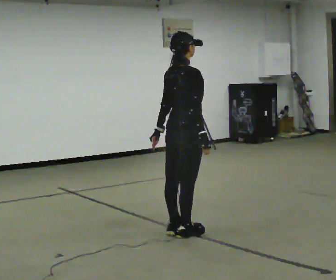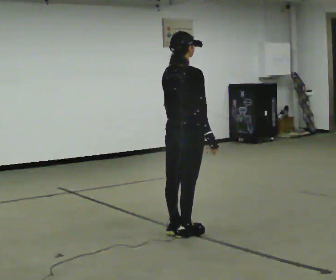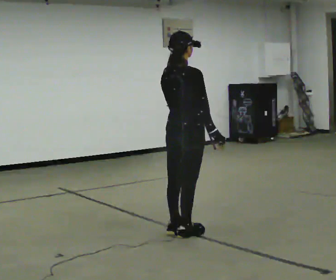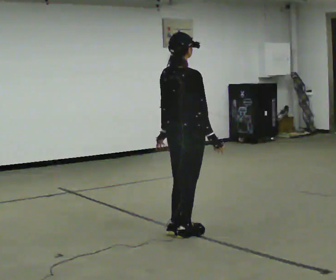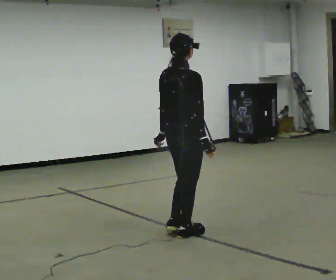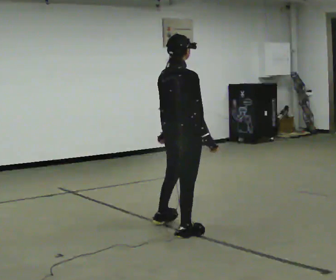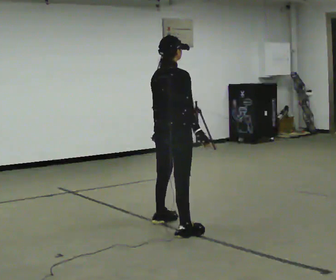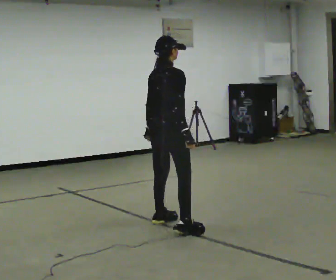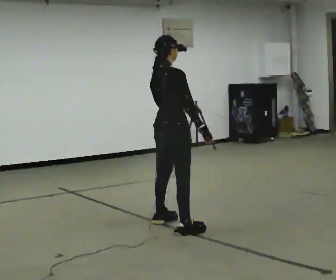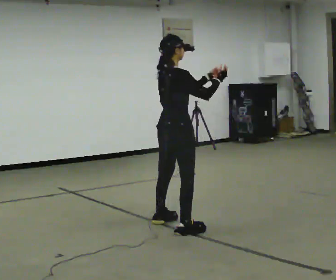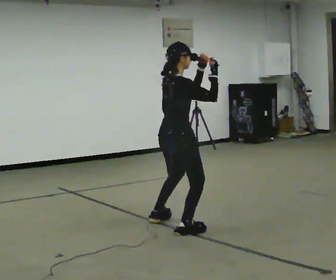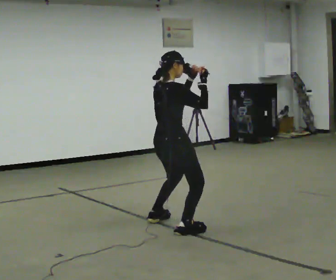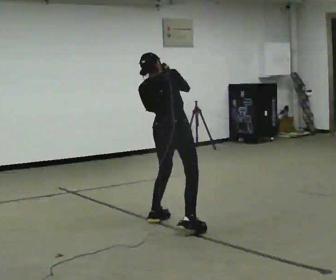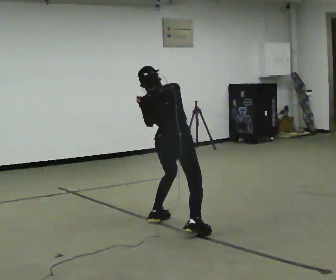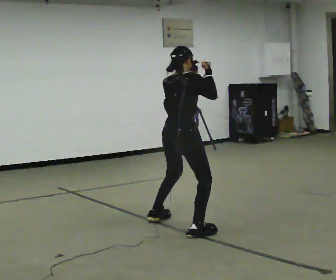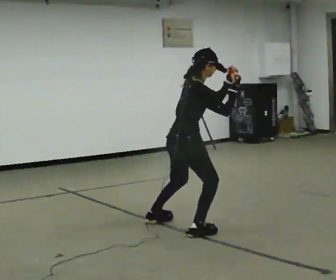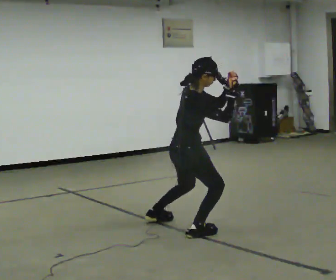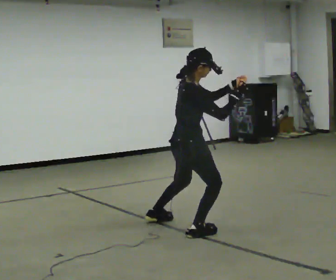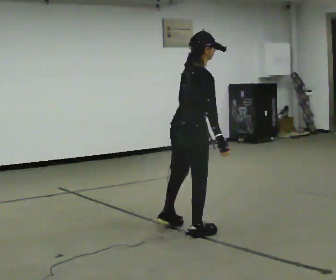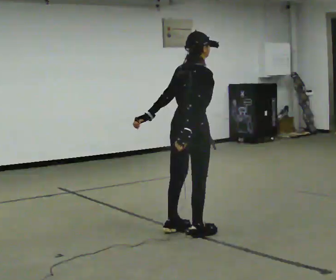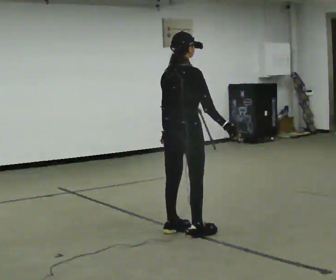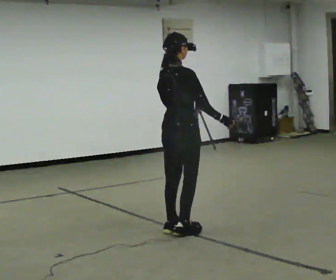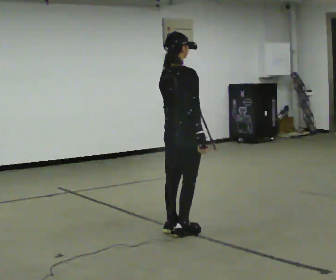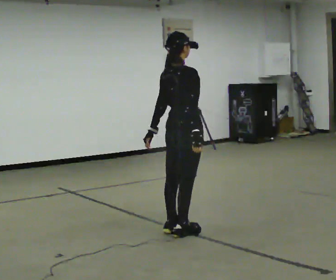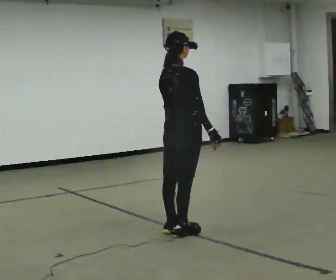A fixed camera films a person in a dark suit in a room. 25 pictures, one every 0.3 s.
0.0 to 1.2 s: The person moves a little, or ends about where they began.
1.2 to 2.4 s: In the picture they go away from the camera, about 0.25 m in 1 step, which for them is to their left.
2.4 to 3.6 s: The person turns about 45 degrees to their left, counterclockwise seen from above, so the part of the body nearest the lens slides to the right. The upper body tips away from the camera, its near side rolling upward, as they bend forward. In the picture their right hand goes upward and to the left.
3.6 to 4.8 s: The part of the body nearest the lens slides to the left as the person turns to their right by about 60 degrees. In the picture they go toward the camera, about 0.25 m. The upper body tips toward the camera, its near side rolling downward. In the picture their left hand goes to the right.
4.8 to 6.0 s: Seen from above the body turns counterclockwise, about 30 degrees: to their left, with its near side sliding to the right. The shoulders move upward. In the picture their left hand goes to the left and downward.
6.0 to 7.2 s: The person moves a little, or ends about where they began.
The film runs forward here.
